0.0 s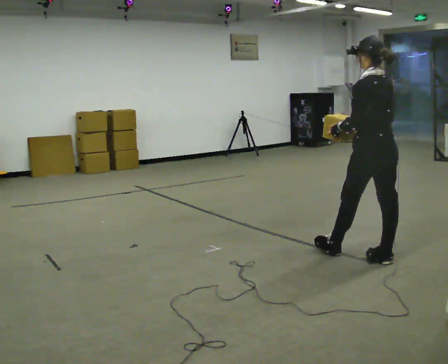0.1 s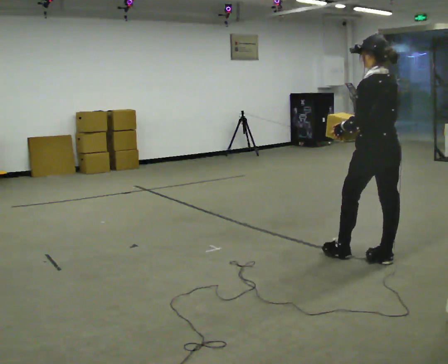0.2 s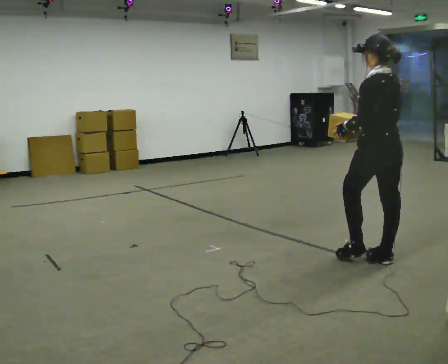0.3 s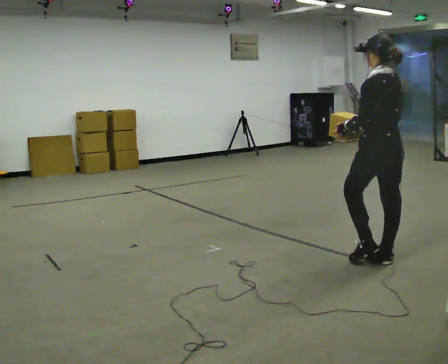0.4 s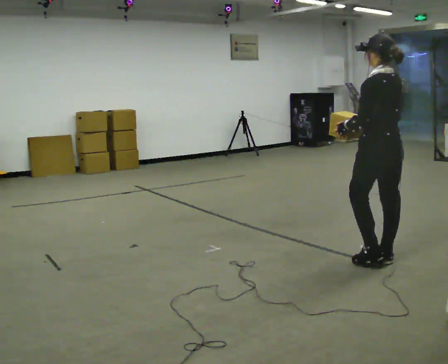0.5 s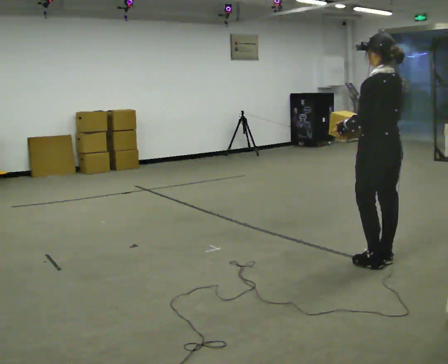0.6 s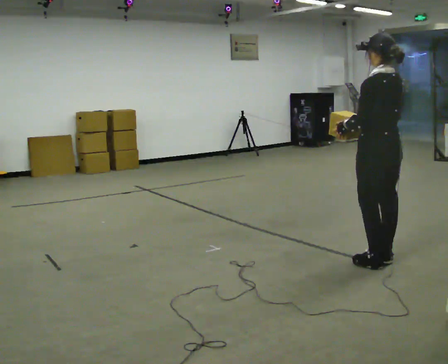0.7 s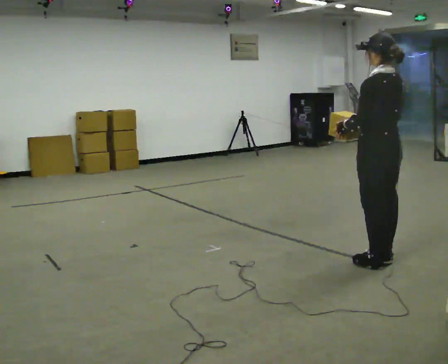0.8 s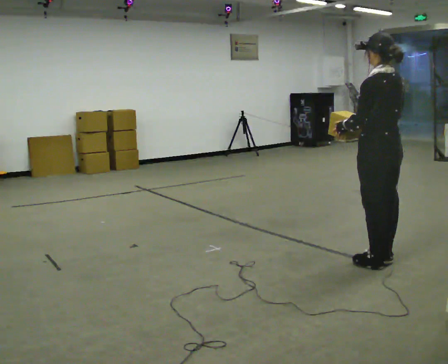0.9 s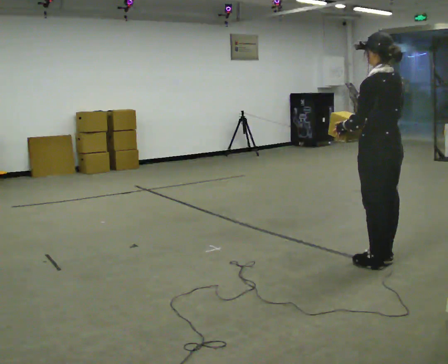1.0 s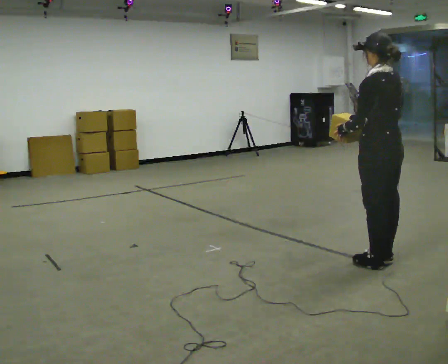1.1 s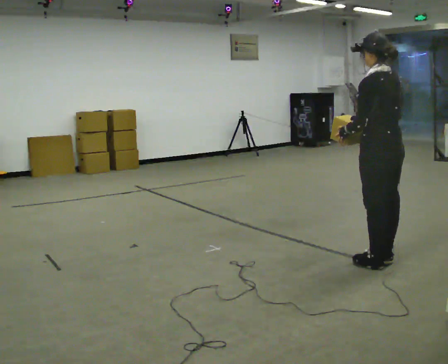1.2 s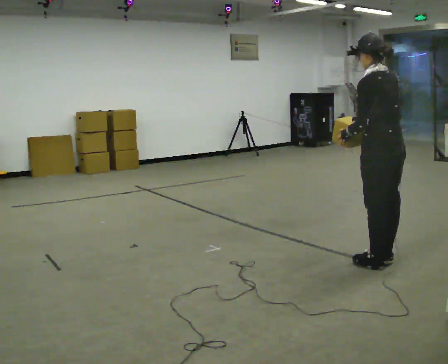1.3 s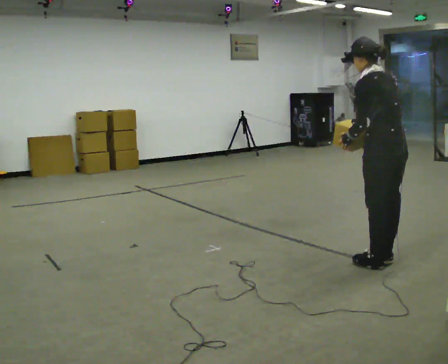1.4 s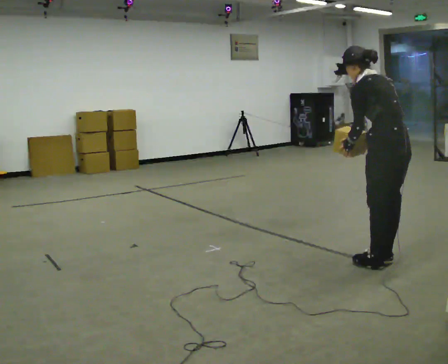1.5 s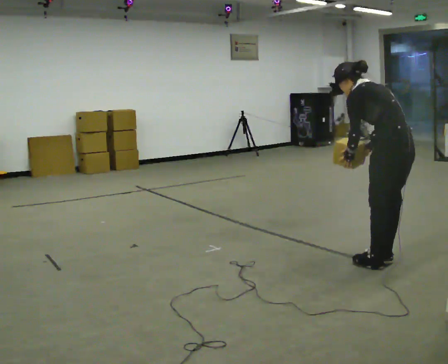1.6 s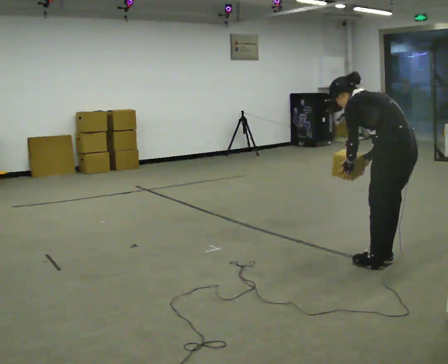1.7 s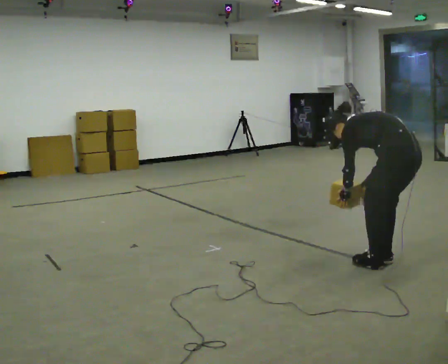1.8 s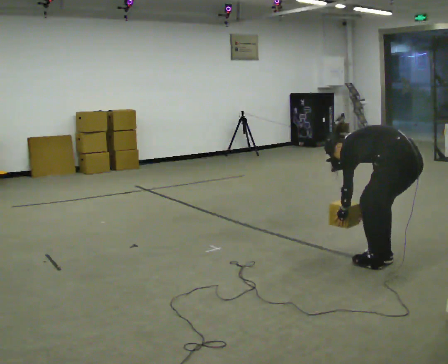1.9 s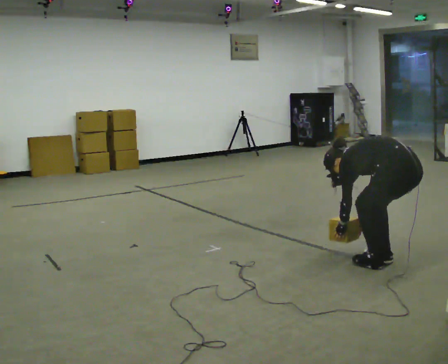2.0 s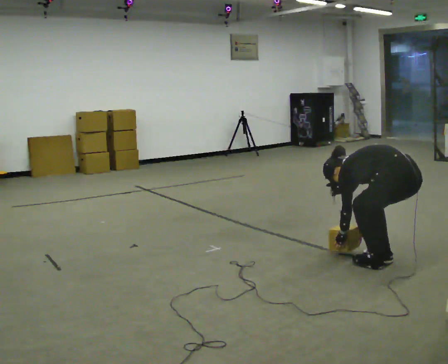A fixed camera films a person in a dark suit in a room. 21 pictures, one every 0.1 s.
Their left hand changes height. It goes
downward.
Their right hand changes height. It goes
downward.
0.0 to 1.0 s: The person moves a little, or ends about where they began.
1.0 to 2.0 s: The upper body goes downward. In the picture the upper body tilts counterclockwise, shoulders to the left, as they bend forward. In the picture their left hand goes downward.
The film runs backward here.
